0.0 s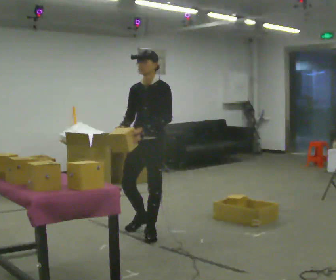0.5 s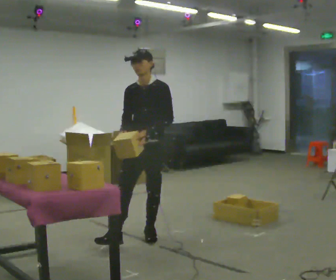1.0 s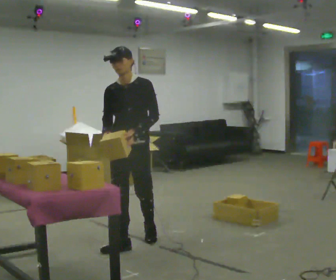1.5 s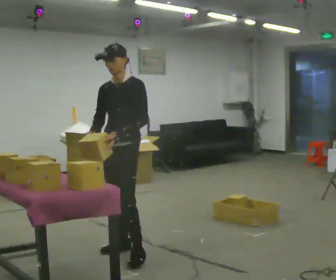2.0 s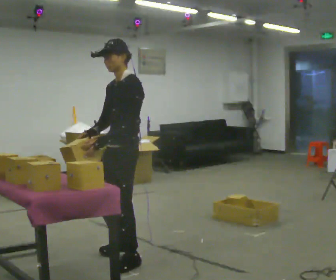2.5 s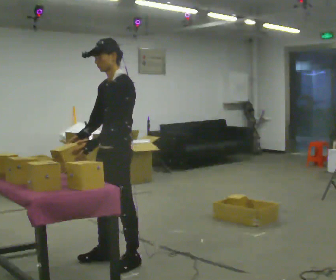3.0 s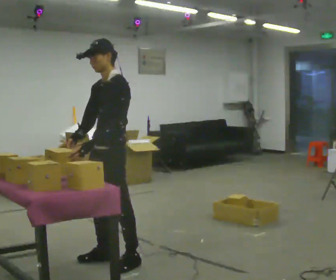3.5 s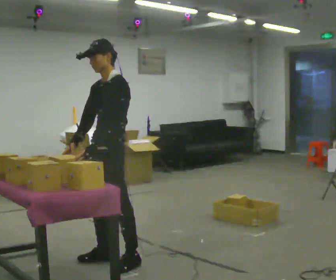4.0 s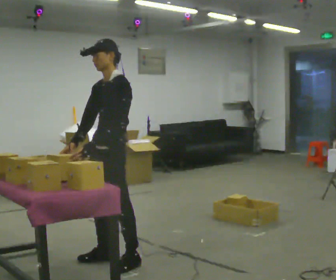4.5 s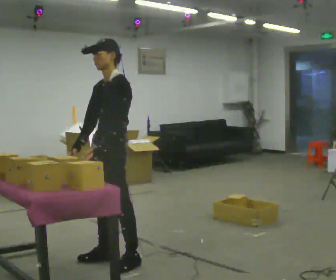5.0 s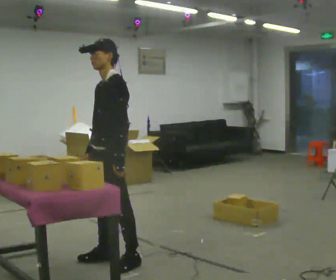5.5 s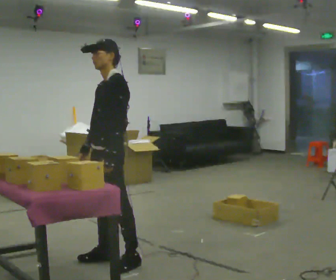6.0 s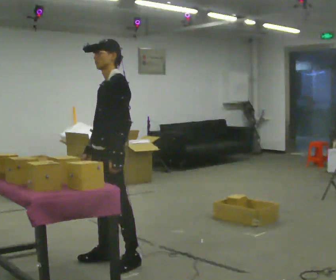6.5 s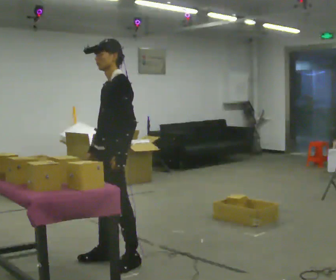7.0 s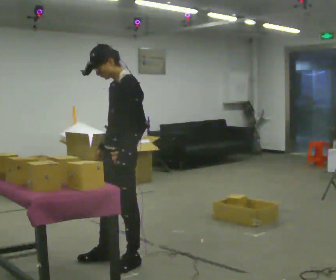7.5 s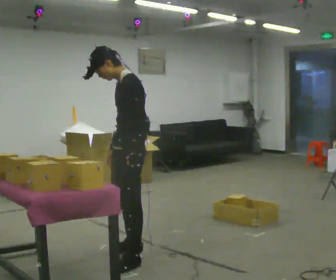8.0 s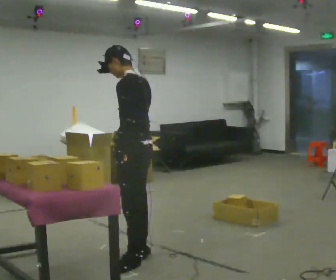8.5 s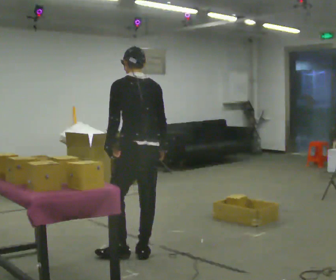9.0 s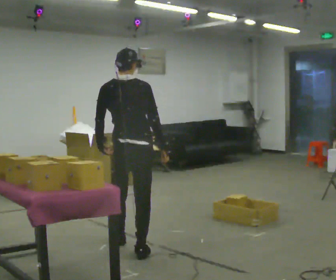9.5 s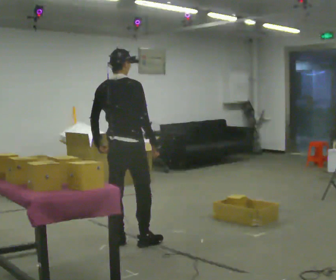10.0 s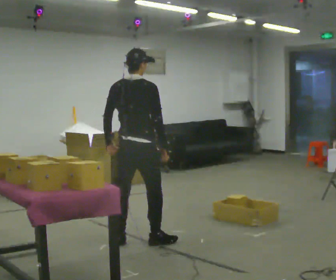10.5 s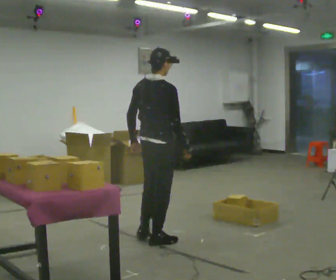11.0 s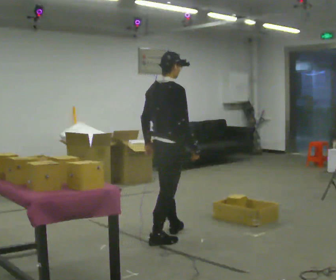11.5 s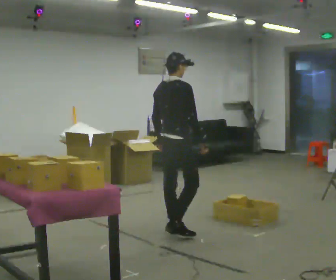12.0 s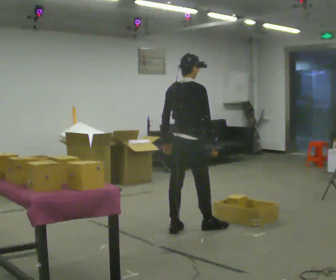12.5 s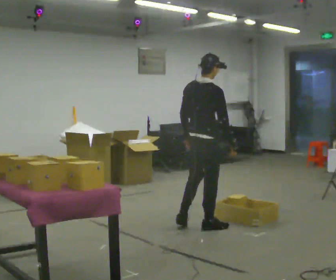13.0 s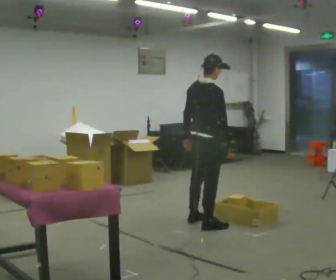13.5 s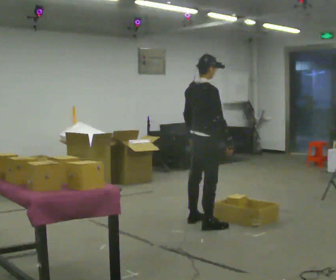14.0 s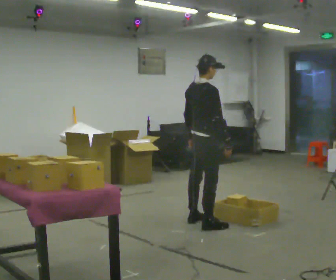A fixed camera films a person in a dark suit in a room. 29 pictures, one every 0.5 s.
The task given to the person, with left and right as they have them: Reach down into the deep bin on the floor, take out one object at a time, carry it to the shelf, and come back for the next one. Keep going until the operator says stop; one object at a time, and do not rush between trips.
0.0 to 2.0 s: The person turns about 30 degrees to their right, clockwise seen from above, so the part of the body nearest the lens slides to the left. In the picture they go toward the camera, about 1 m in 2 steps, which for them is forward.
2.0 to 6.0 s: The person moves a little, or ends about where they began.
6.0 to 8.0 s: Seen from above the body turns clockwise, about 45 degrees: to their right, with its near side sliding to the left. In the picture they go to the right, about 0.25 m in 1 step, which for them is backward. In the picture their right hand goes to the right.
8.0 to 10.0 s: Seen from above the body turns clockwise, about 90 degrees: to their right, with its near side sliding to the left. In the picture they go away from the camera, about 0.5 m in 2 steps.
10.0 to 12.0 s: In the picture they go to the right and away from the camera, about 0.75 m in 2 steps, which for them is forward.
12.0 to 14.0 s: In the picture they go away from the camera and to the right, about 0.25 m in 1 step, which for them is forward.
The film runs forward here.
